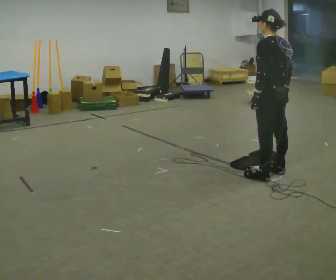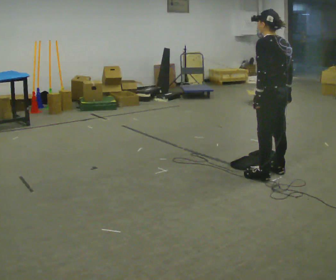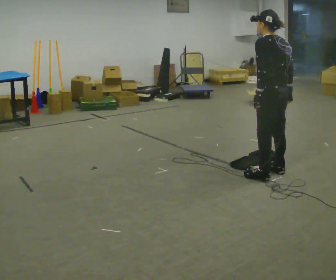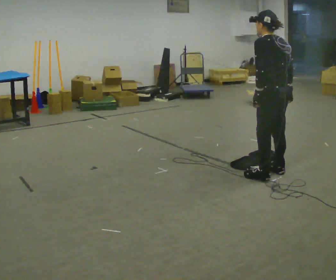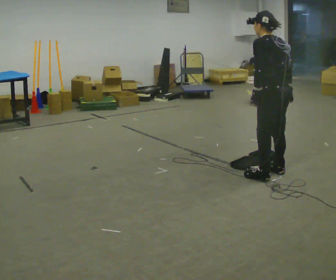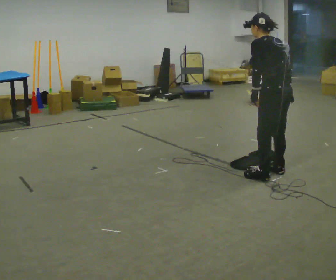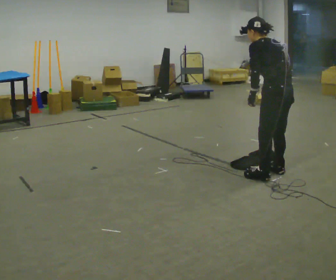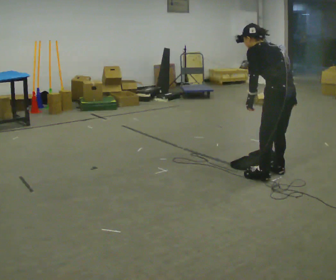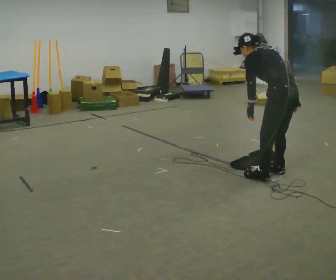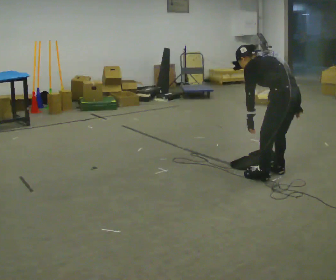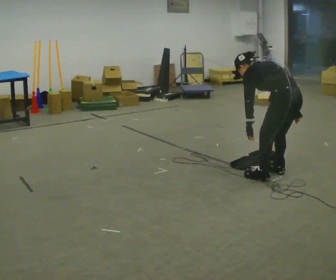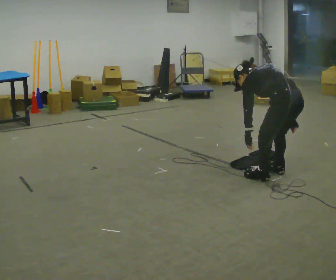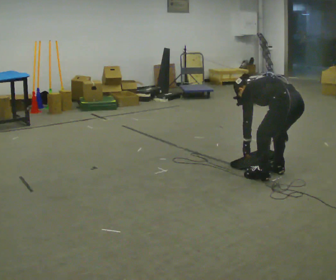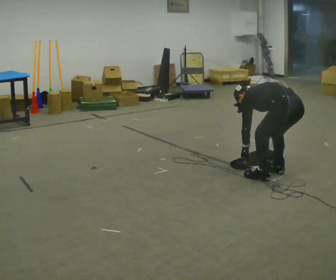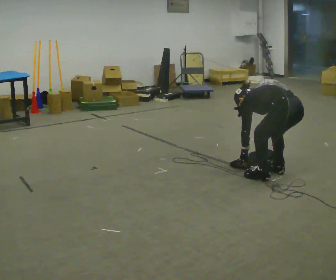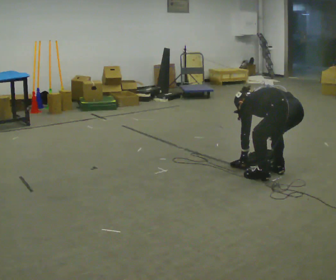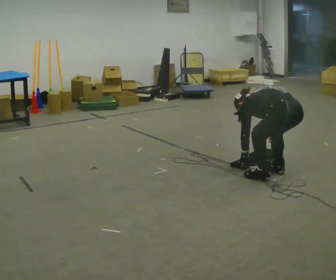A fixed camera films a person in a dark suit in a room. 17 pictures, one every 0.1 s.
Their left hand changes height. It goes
downward.
Their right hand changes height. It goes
downward.
0.0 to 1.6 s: The shoulders move downward. The upper body tips away from the camera, its near side rolling upward, as they bend forward. In the picture their right hand goes downward.
The film runs backward here.
